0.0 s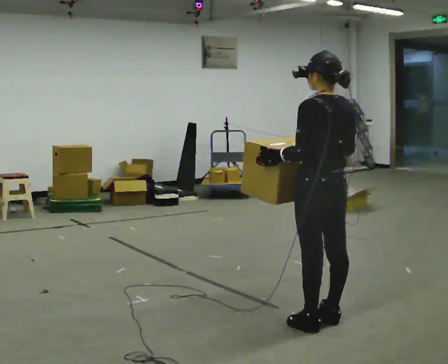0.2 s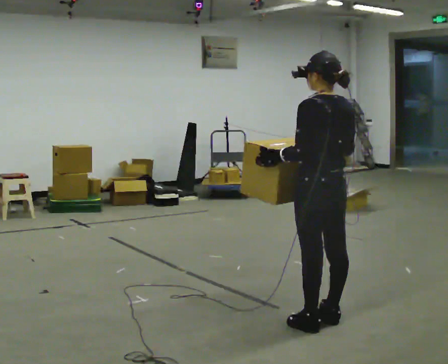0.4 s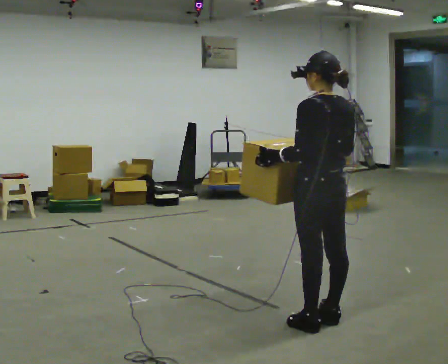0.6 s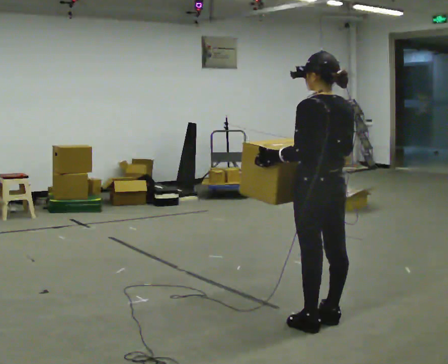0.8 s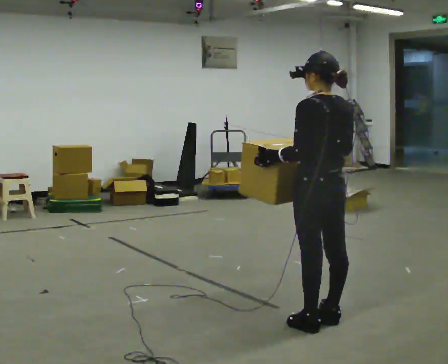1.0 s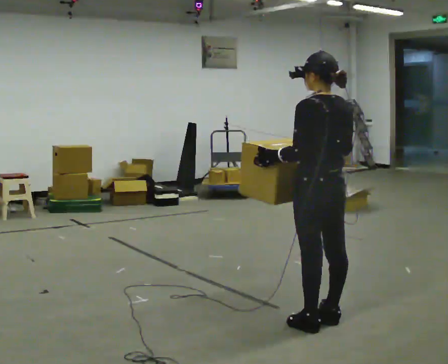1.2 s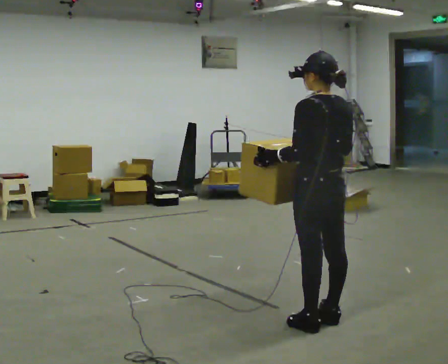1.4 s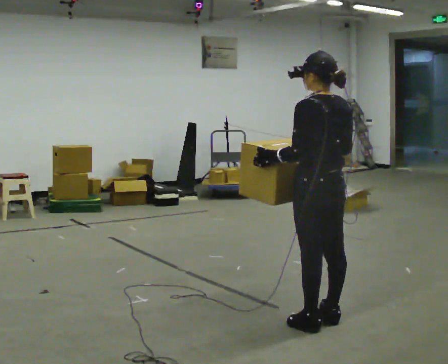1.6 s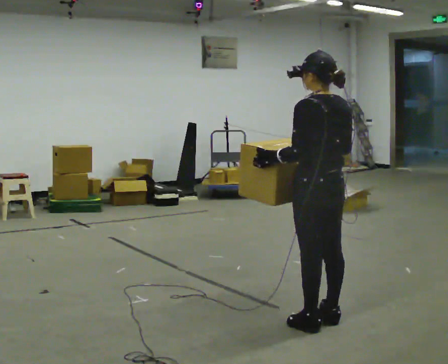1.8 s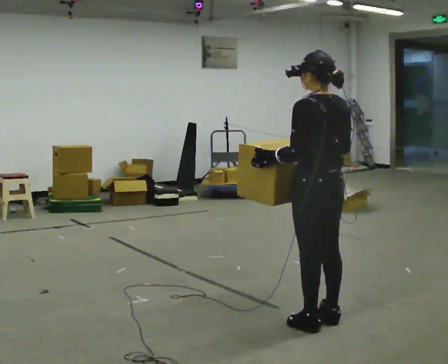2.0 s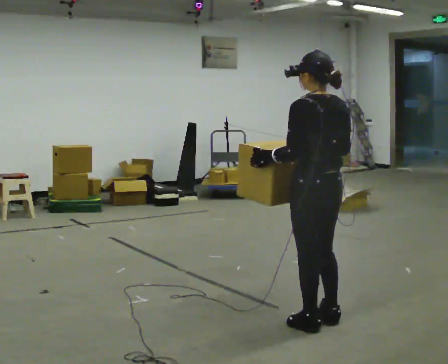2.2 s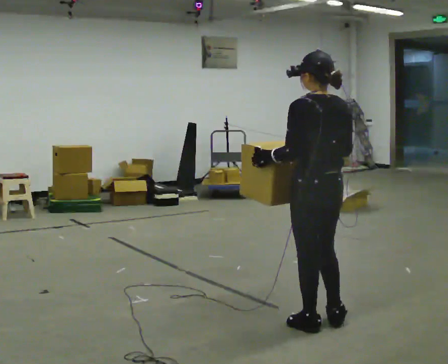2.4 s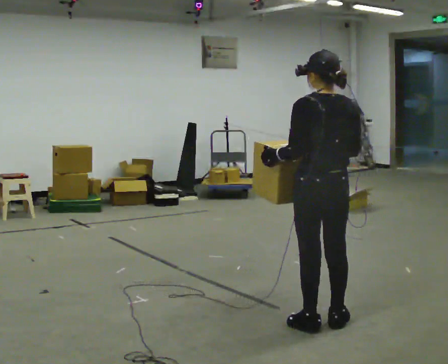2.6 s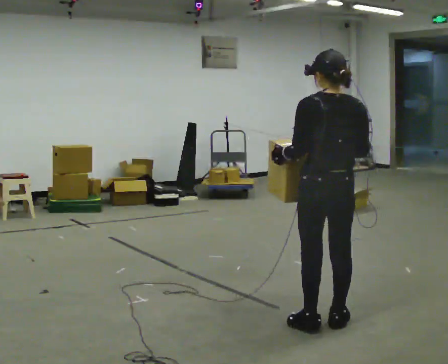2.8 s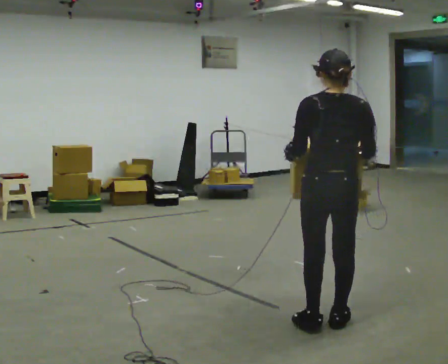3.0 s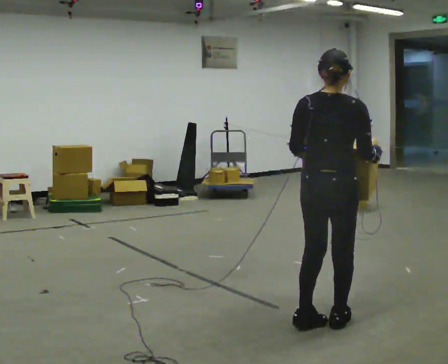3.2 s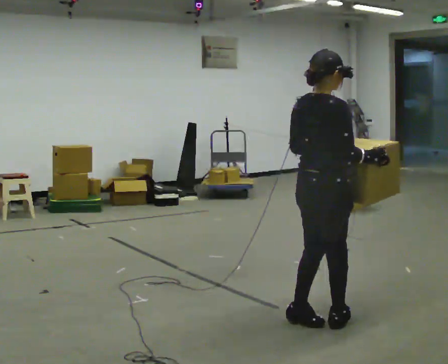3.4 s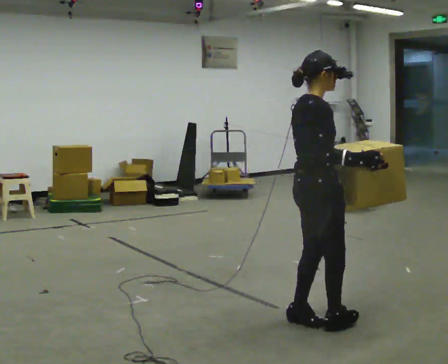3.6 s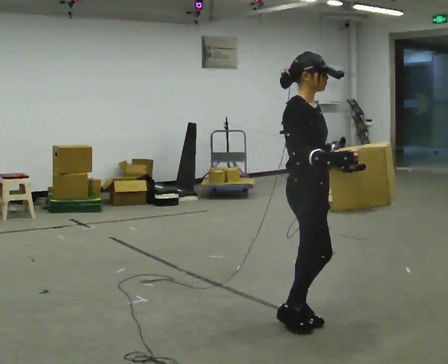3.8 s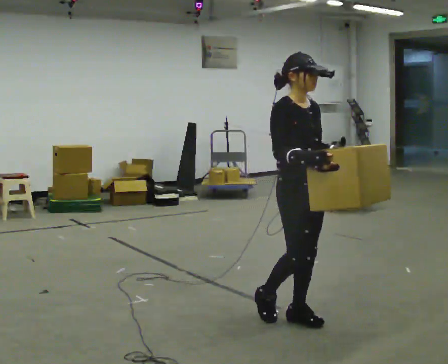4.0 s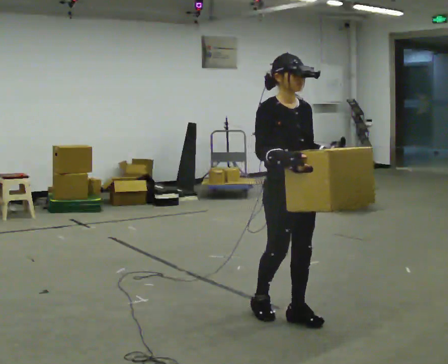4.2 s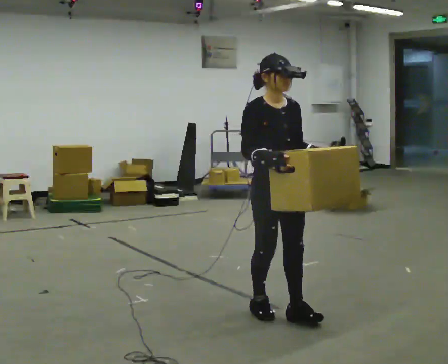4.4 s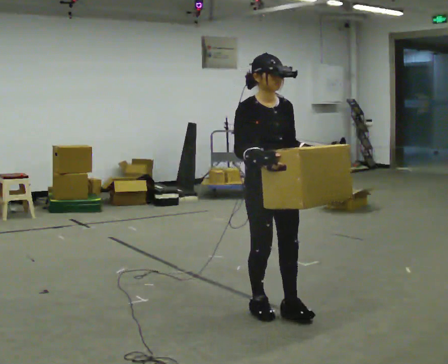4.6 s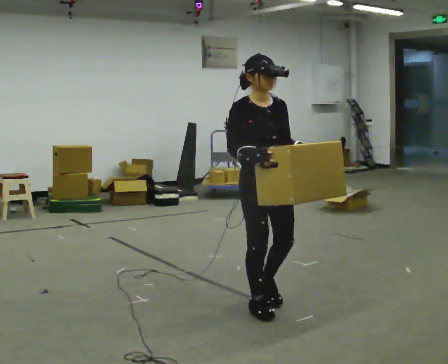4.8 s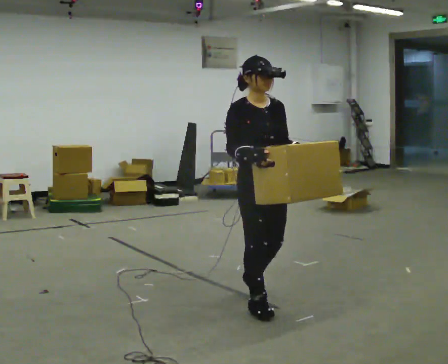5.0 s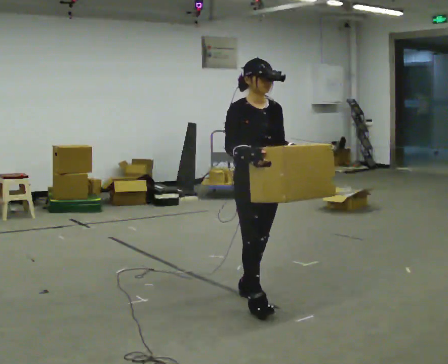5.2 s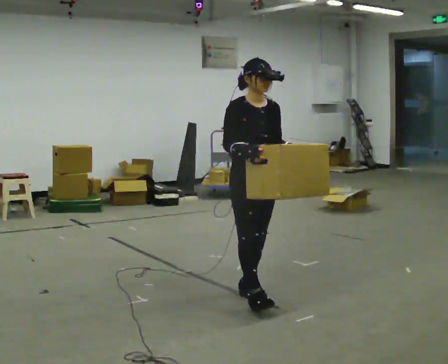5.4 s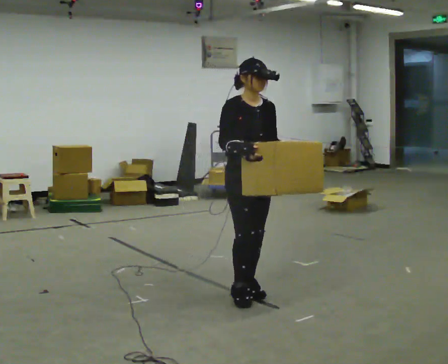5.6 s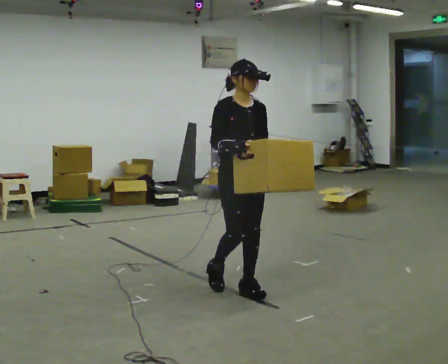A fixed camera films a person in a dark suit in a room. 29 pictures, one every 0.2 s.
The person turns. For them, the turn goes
to their right.
The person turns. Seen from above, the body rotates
clockwise.
0.0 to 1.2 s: The person keeps their place and pose.
1.2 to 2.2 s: The person moves a little, or ends about where they began.
2.2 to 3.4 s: The person turns about 120 degrees to their right, clockwise seen from above, so the part of the body nearest the lens slides to the left.
3.4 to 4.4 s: The person turns about 60 degrees to their right, clockwise seen from above, so the part of the body nearest the lens slides to the left. In the picture they go to the left and away from the camera, about 0.25 m in 1 step.
4.4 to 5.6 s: In the picture they go away from the camera and to the left, about 0.5 m in 1 step, which for them is backward.
The film runs backward here.
